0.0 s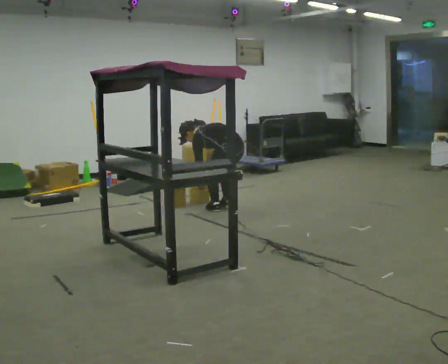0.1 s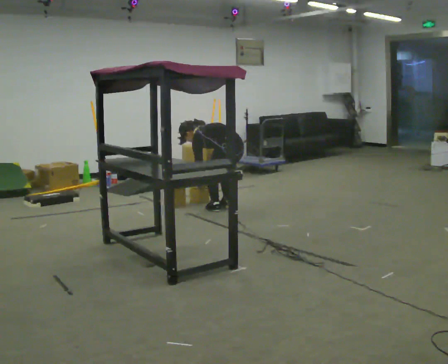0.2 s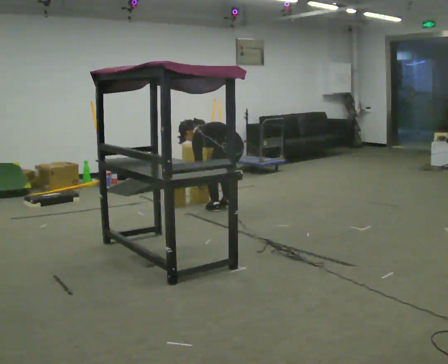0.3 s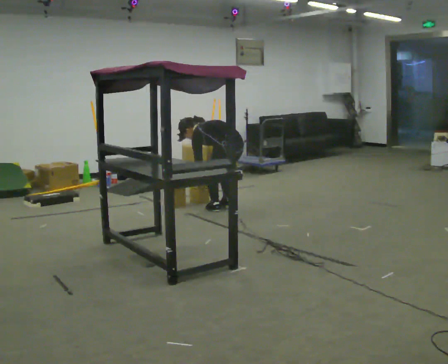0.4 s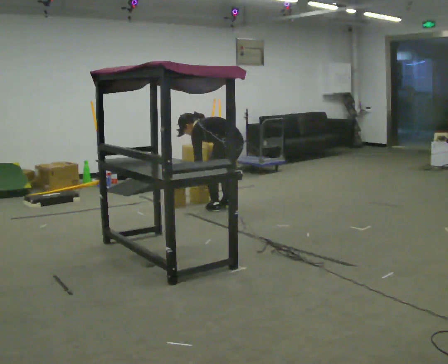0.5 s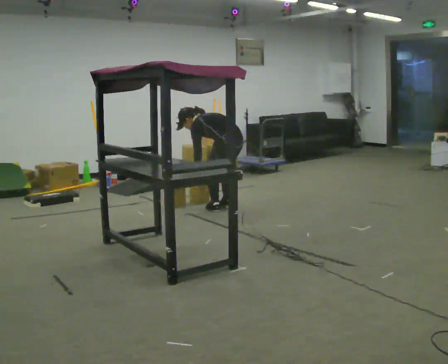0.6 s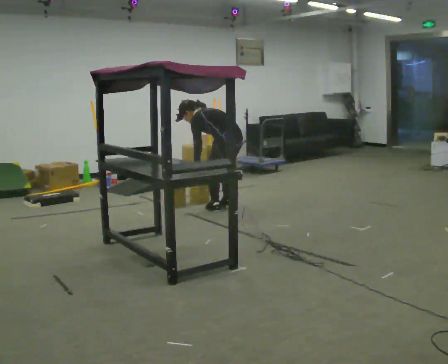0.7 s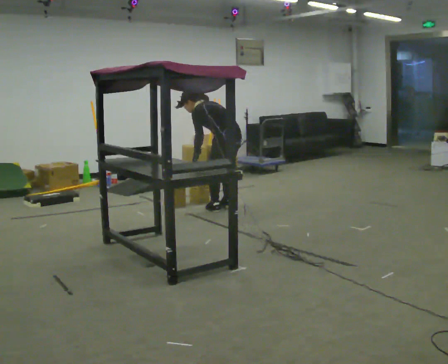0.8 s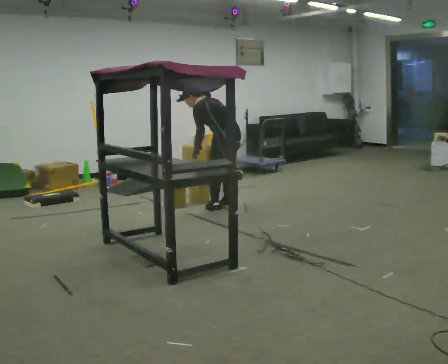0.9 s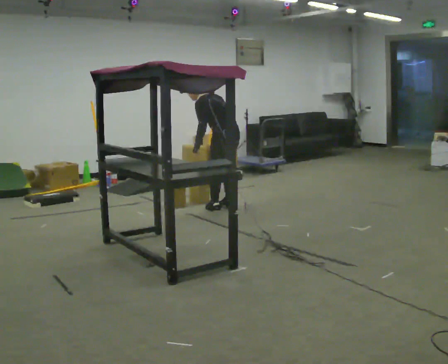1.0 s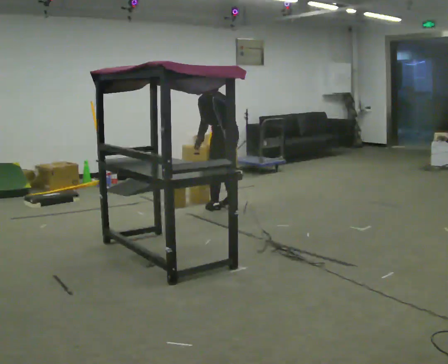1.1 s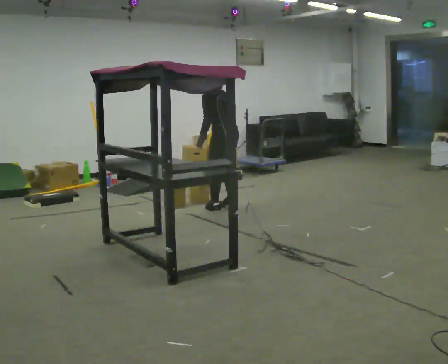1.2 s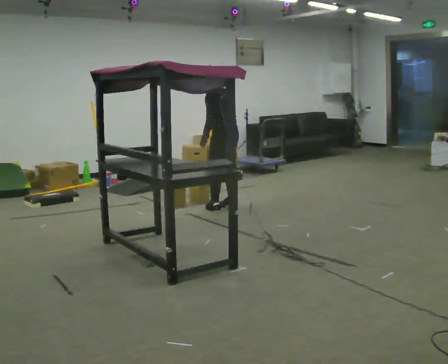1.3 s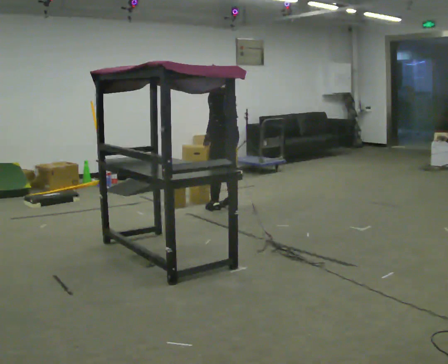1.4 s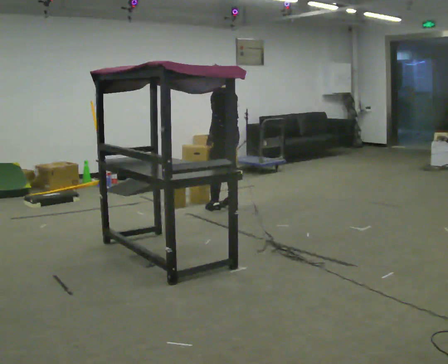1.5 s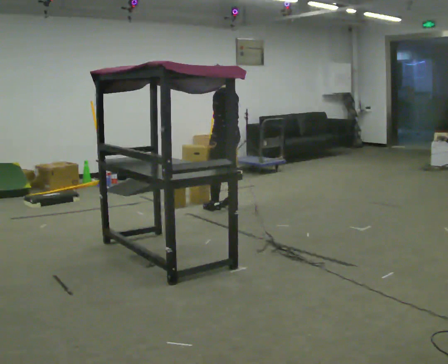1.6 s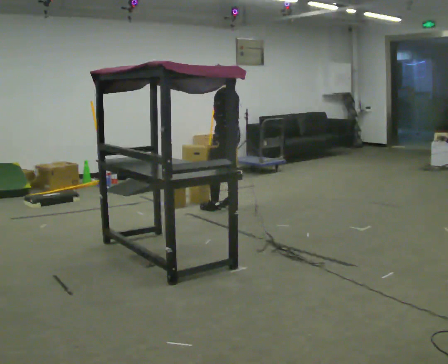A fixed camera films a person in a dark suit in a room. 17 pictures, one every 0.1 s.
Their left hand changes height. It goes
upward.
The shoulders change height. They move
upward.
0.0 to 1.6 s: The person turns about 30 degrees to their left, counterclockwise seen from above, so the part of the body nearest the lens slides to the right. The shoulders move upward. In the picture the upper body tilts clockwise, shoulders to the right, as they lean back or straighten. In the picture their left hand goes upward.
The film runs forward here.
